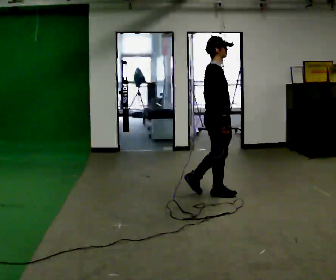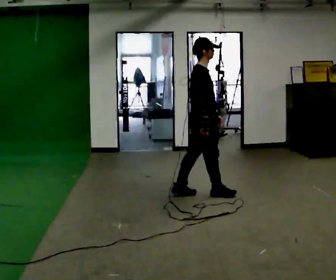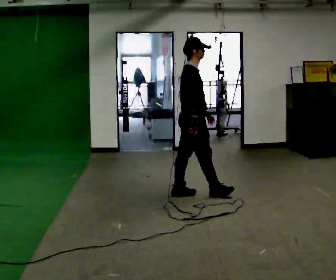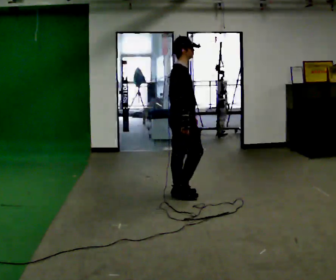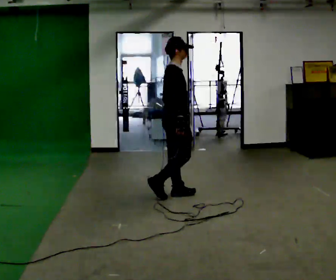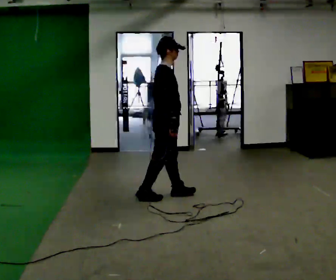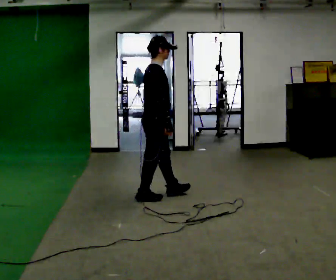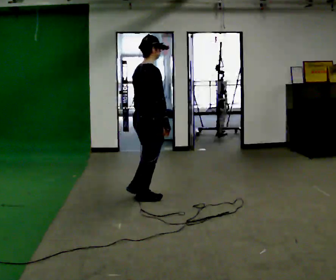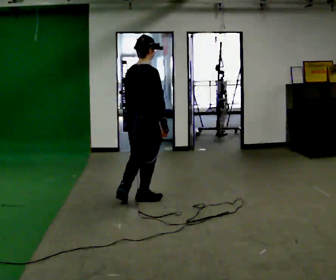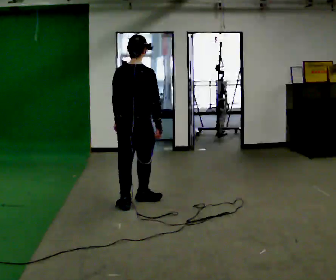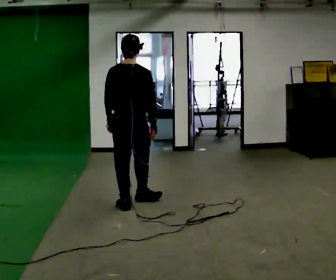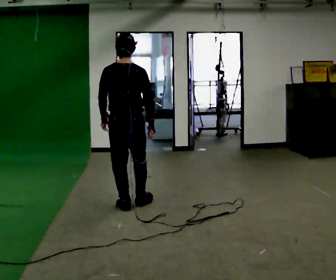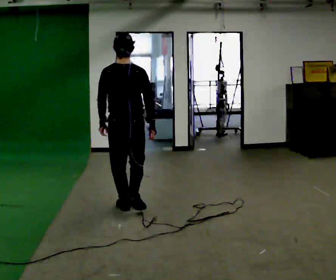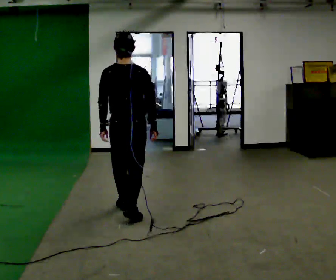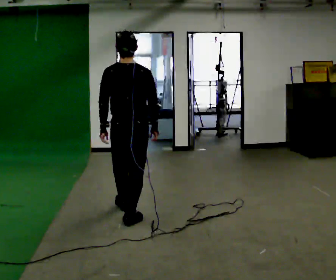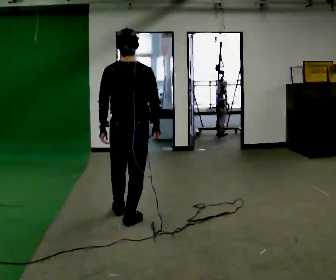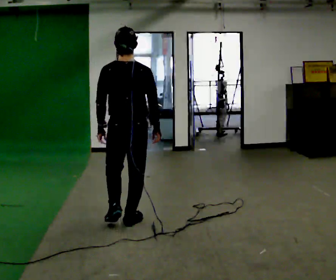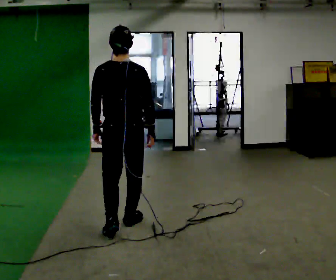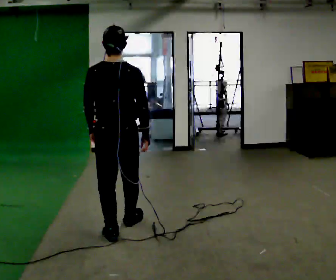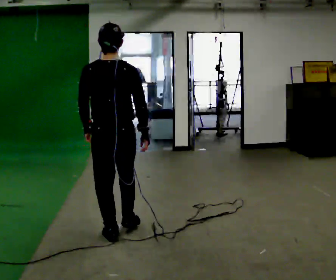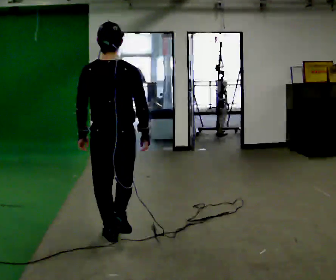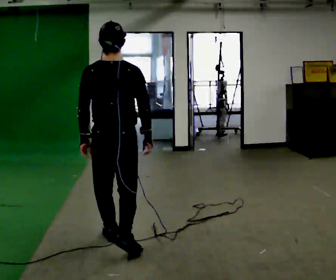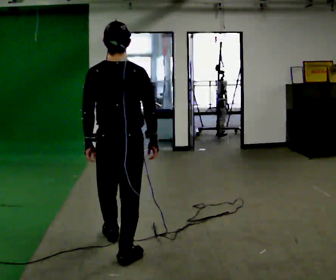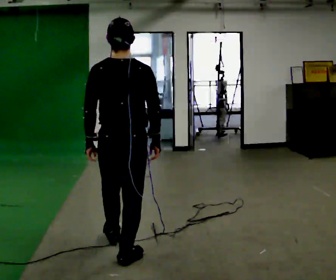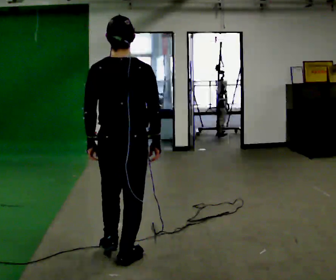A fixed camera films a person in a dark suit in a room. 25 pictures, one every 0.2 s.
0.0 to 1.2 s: In the picture they go to the left, about 0.75 m in 2 steps, which for them is backward.
1.2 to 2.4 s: The person turns about 75 degrees to their left, counterclockwise seen from above, so the part of the body nearest the lens slides to the right. In the picture they go toward the camera and to the left, about 0.5 m in 1 step.
2.4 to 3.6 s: In the picture they go toward the camera, about 0.75 m in 1 step, which for them is backward.
3.6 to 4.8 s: In the picture they go toward the camera, about 0.5 m in 2 steps, which for them is backward.
The film runs backward here.
